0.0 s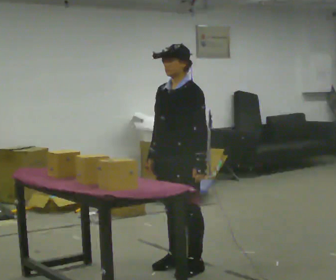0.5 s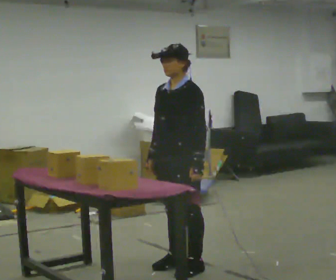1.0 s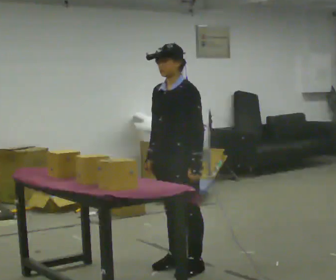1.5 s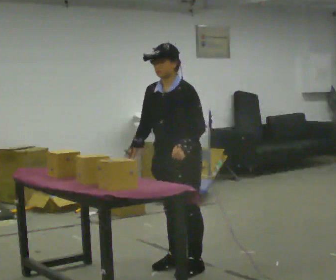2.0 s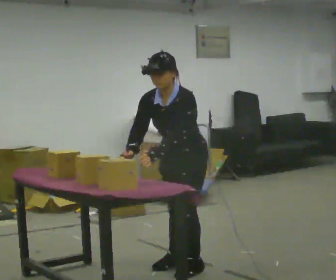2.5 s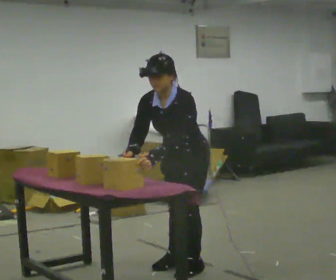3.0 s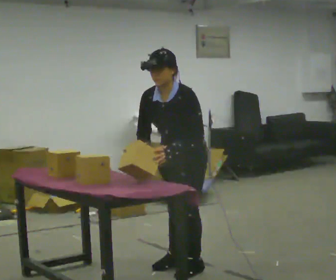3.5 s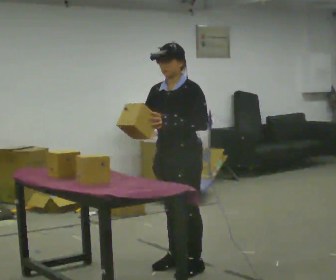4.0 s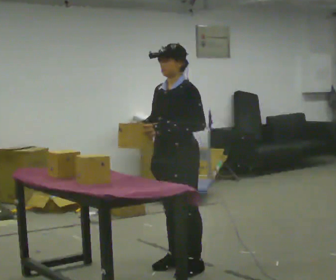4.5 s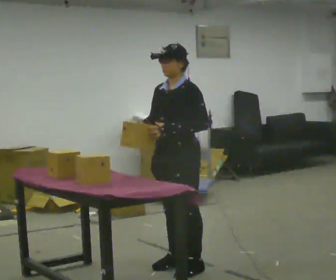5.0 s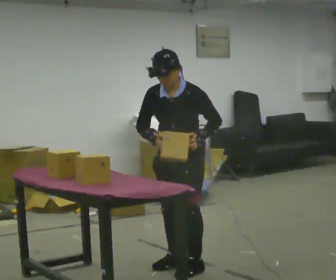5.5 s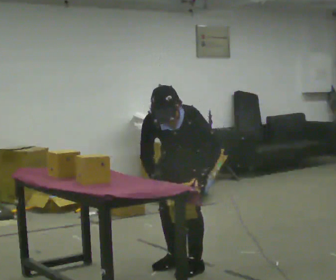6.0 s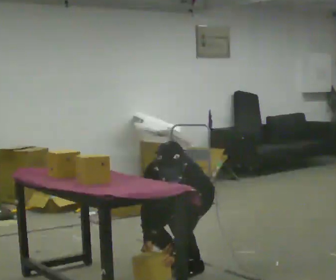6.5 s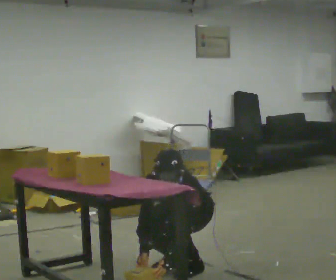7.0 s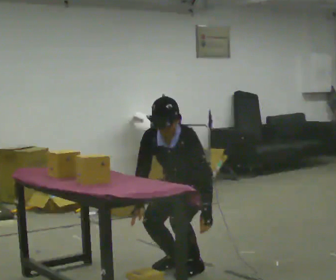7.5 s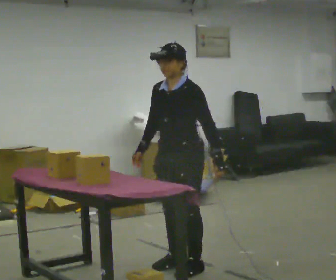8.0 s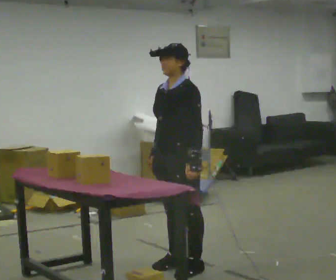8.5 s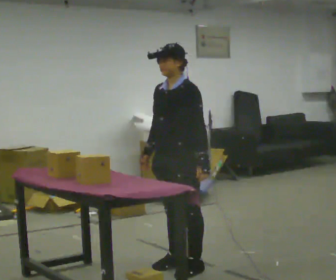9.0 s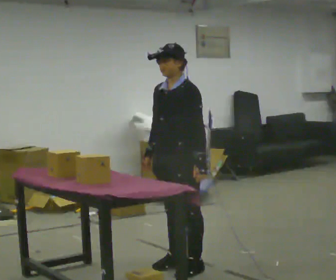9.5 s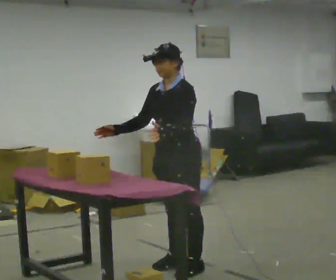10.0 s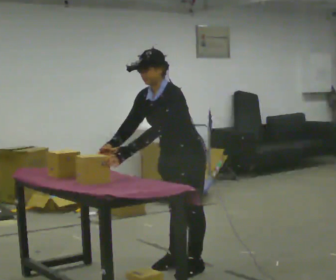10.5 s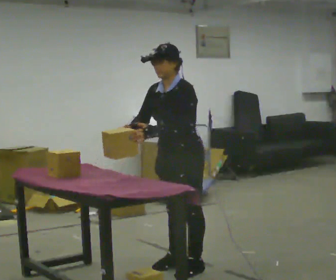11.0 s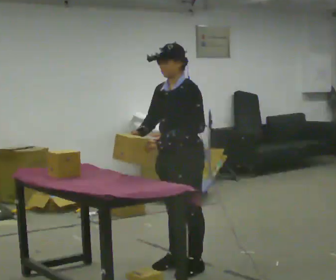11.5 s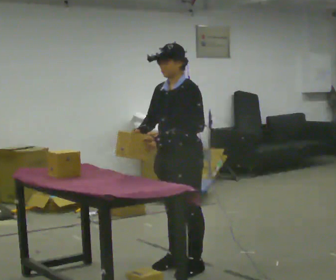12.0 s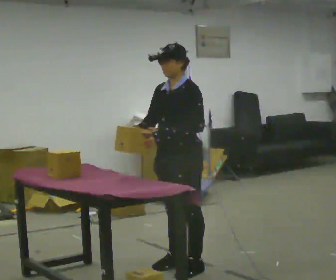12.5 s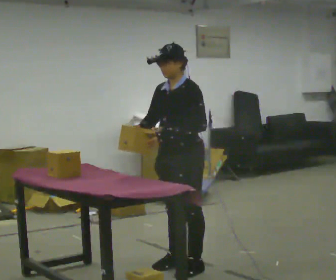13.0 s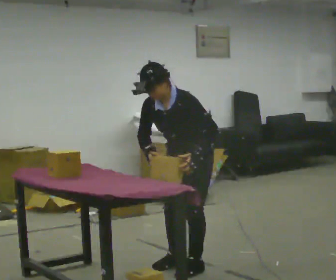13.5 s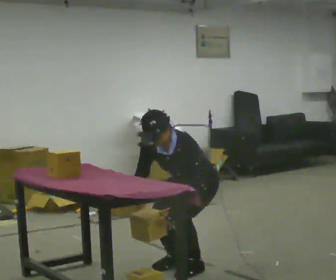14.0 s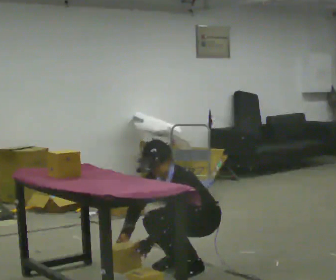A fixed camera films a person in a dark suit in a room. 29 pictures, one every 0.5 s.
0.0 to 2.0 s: The upper body tips toward the camera, its near side rolling downward, as they bend forward.
2.0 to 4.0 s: The upper body tips away from the camera, its near side rolling upward, as they lean back or straighten.
4.0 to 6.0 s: Seen from above the body turns counterclockwise, about 30 degrees: to their left, with its near side sliding to the right. The shoulders move downward. The upper body tips toward the camera, its near side rolling downward, as they bend forward. In the picture their right hand goes downward.
6.0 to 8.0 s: The part of the body nearest the lens slides to the left as the person turns to their right by about 30 degrees. In the picture they go toward the camera, about 0.25 m, which for them is forward. The upper body goes upward. The upper body tips away from the camera, its near side rolling upward, as they lean back or straighten. In the picture their right hand goes upward.
8.0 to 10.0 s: In the picture the upper body tilts counterclockwise, shoulders to the left, as they bend forward.
10.0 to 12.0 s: In the picture the upper body tilts clockwise, shoulders to the right, as they lean back or straighten.
12.0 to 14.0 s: The upper body goes downward. In the picture the upper body tilts counterclockwise, shoulders to the left, as they bend forward. In the picture their left hand goes downward.
The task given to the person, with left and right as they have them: Crouch down and place the object on the lowest shelf, then stand back up. Do not step. Repeat at your own pace until the operator says stop.
The film runs forward here.
